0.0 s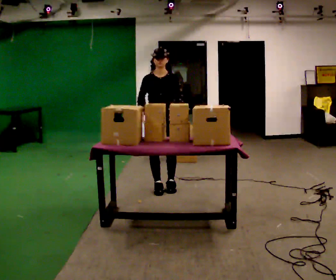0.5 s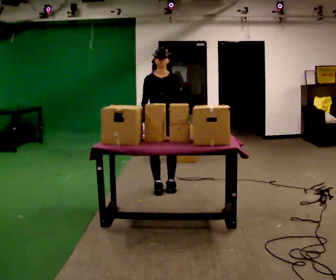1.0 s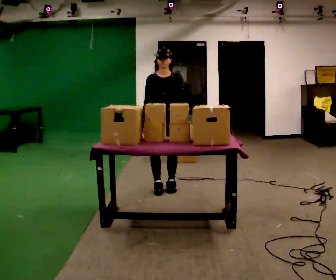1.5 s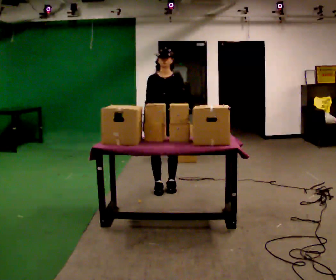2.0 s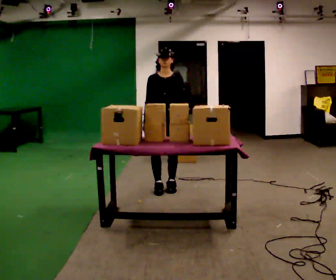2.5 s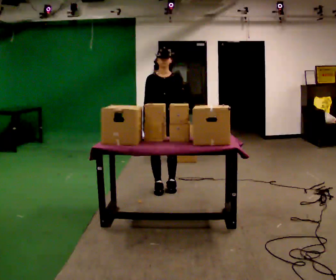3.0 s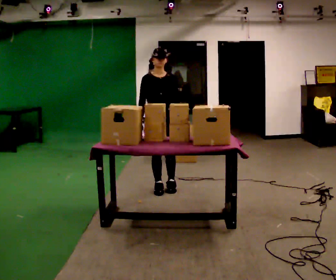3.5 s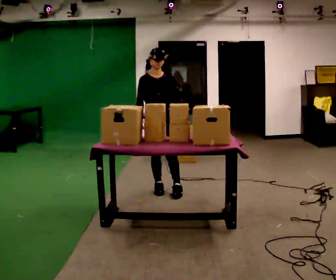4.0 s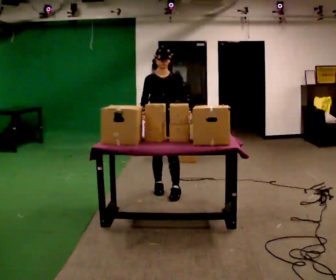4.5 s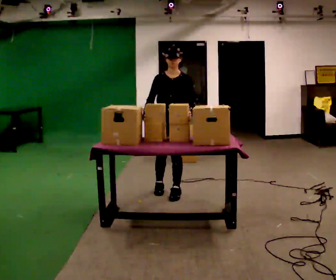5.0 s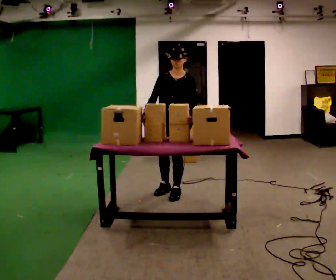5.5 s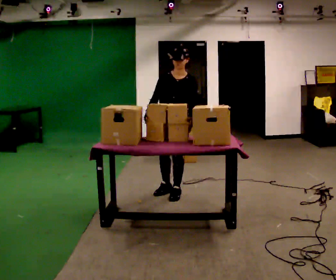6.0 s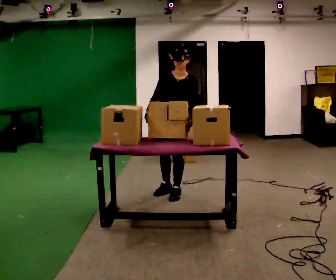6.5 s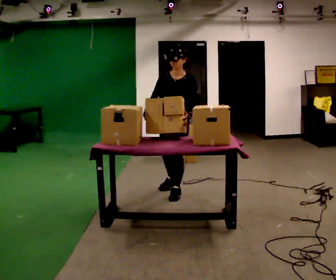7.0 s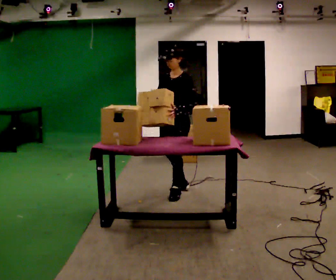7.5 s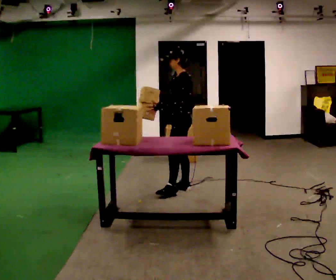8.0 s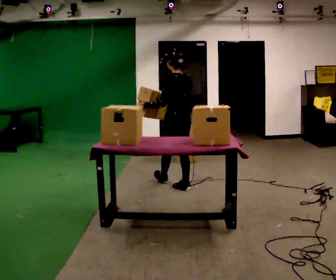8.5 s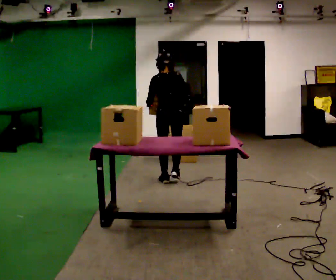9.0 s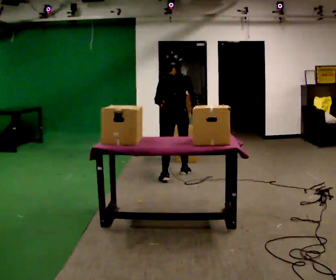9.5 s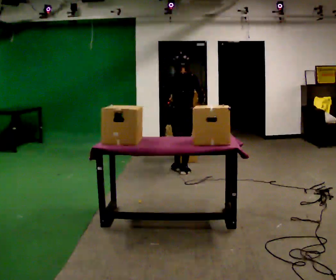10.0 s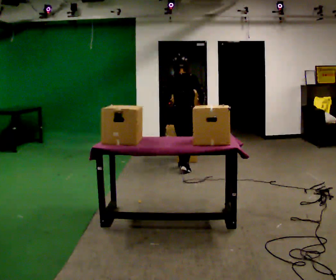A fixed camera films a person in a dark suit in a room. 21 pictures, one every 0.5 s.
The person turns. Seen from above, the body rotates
clockwise.
The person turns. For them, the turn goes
to their right.
0.0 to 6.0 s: In the picture they go toward the camera and to the right, about 0.25 m in 1 step, which for them is forward and to their left.
6.0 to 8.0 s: The person turns about 120 degrees to their right, clockwise seen from above, so the part of the body nearest the lens slides to the left. In the picture they go away from the camera, about 0.25 m in 1 step. The upper body tips away from the camera, its near side rolling upward, as they lean back or straighten.
8.0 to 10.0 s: The part of the body nearest the lens slides to the left as the person turns to their right by about 45 degrees. In the picture they go away from the camera, about 1 m in 3 steps, which for them is forward.
The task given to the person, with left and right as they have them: Carry the object over and fit it into the gap between the two boxes already on the shelf, without touching either of them. Keep going until the operator says stop; one object at a time, and do not rush between trips.
The film runs forward here.
